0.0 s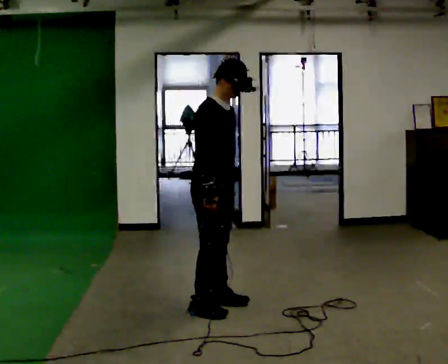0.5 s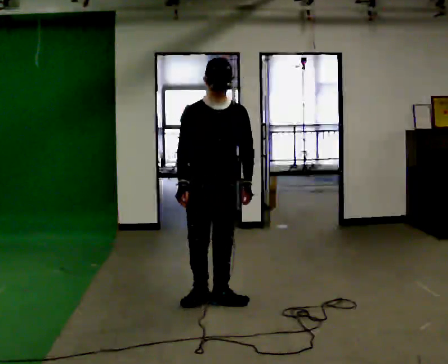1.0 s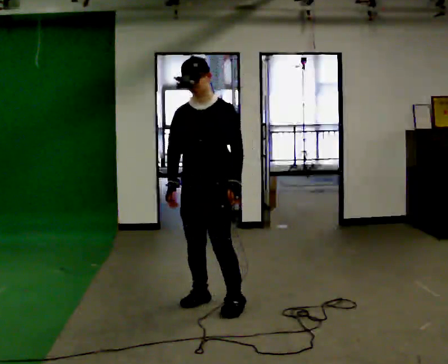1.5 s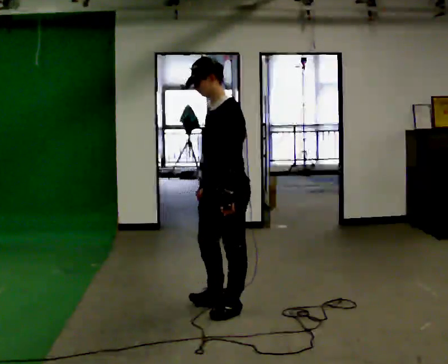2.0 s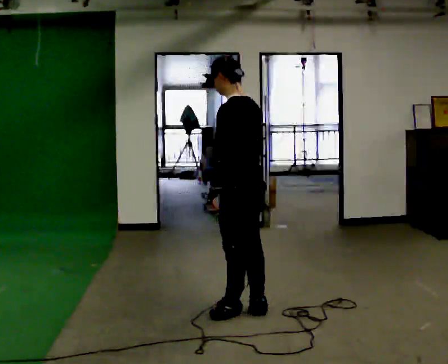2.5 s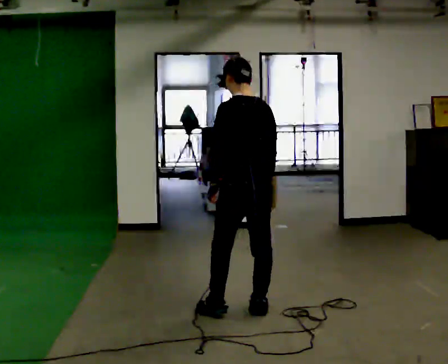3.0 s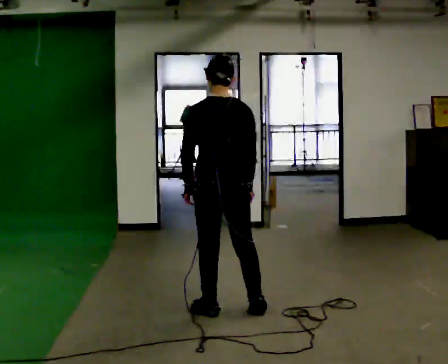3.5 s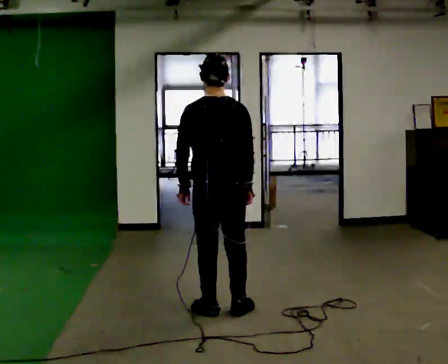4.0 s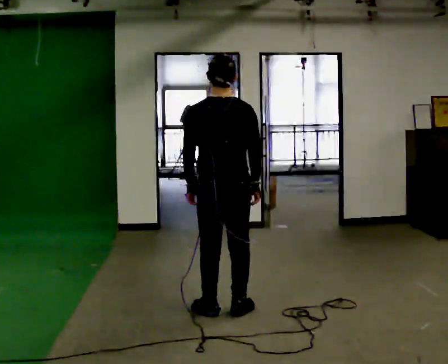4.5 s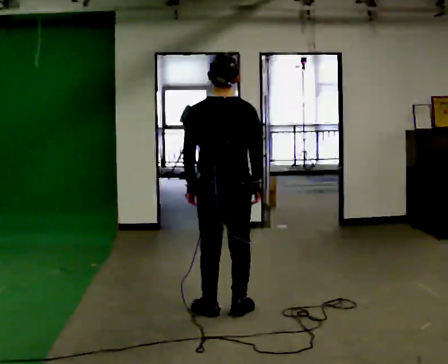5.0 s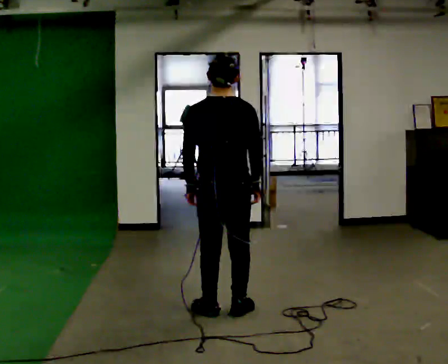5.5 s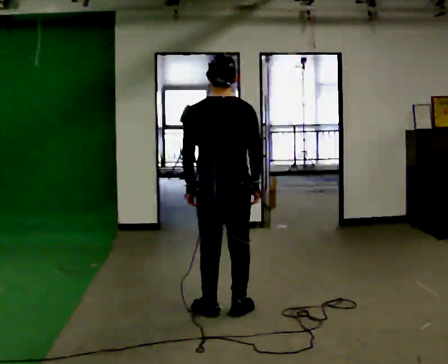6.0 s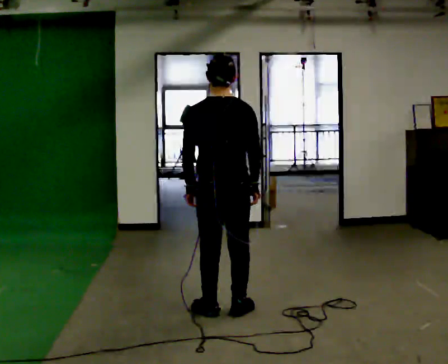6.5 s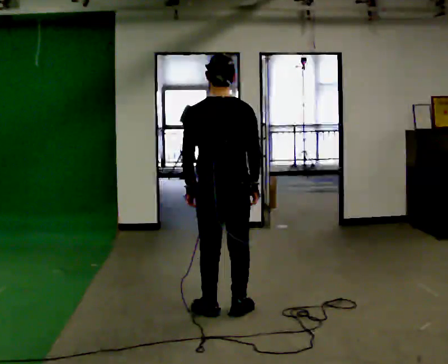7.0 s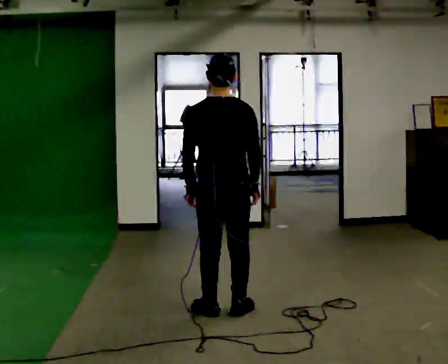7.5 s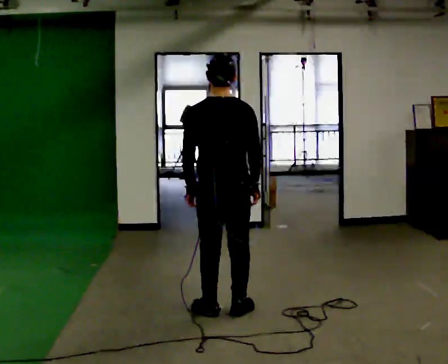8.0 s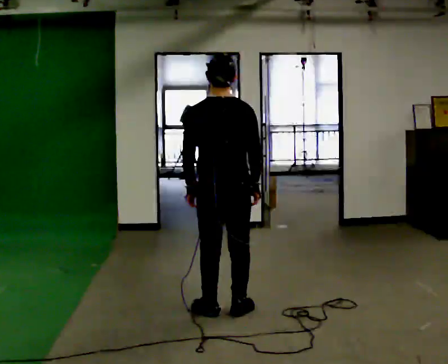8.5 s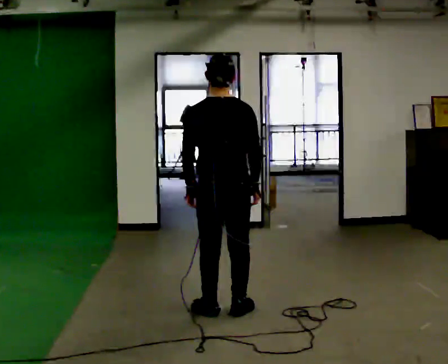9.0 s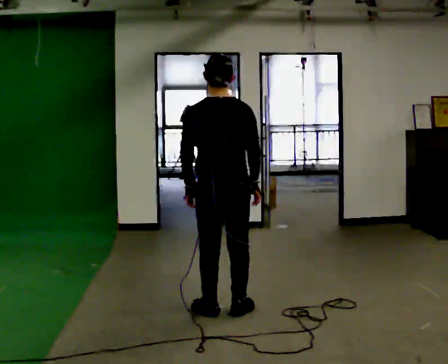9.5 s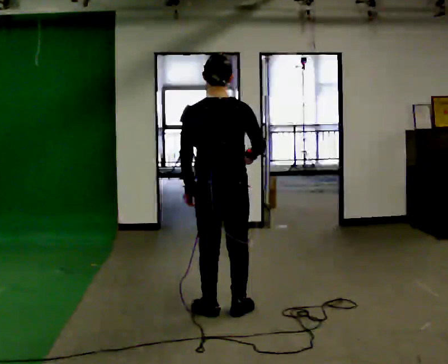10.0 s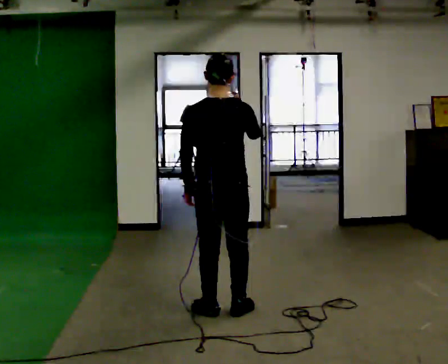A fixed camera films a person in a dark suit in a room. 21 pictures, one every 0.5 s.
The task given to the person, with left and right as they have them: Turn on the spot to face the direction the operator calls, then stand still. The operator will call 90, 180 and 360 degrees and left or right.
0.0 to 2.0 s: The part of the body nearest the lens slides to the left as the person turns to their right by about 180 degrees. In the picture they go to the right, about 0.25 m in 3 steps.
2.0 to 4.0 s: Seen from above the body turns clockwise, about 45 degrees: to their right, with its near side sliding to the left.
4.0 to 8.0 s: The person moves a little, or ends about where they began.
8.0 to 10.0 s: In the picture their right hand goes upward.
The film runs forward here.
